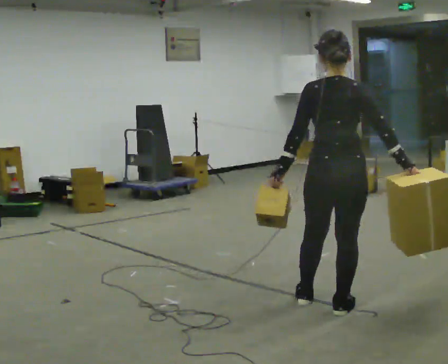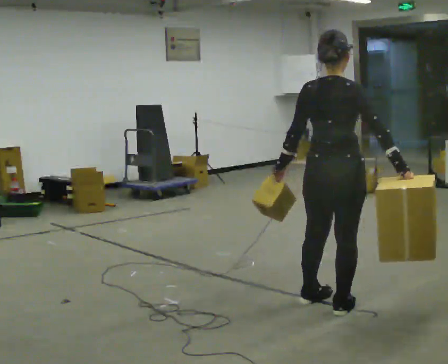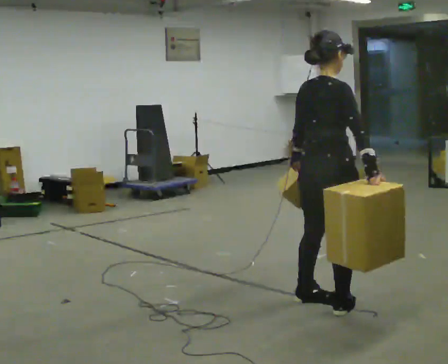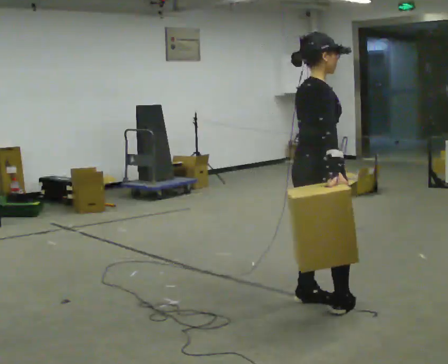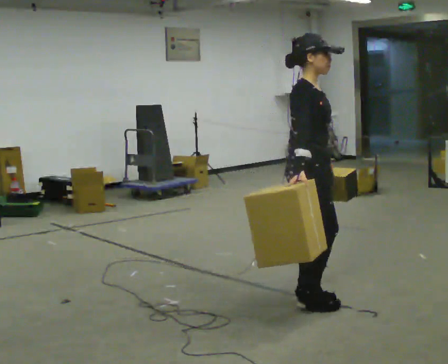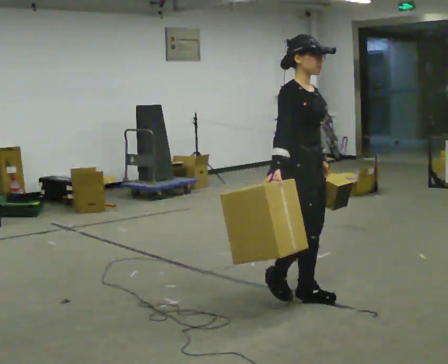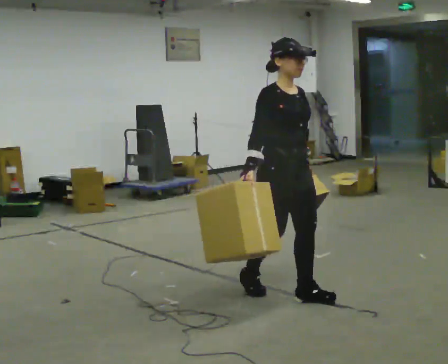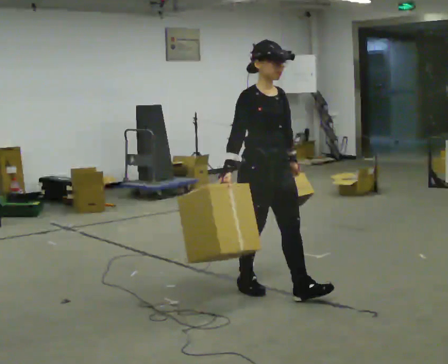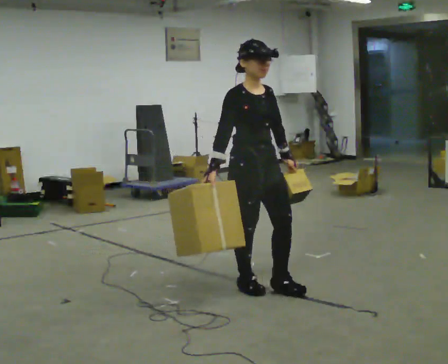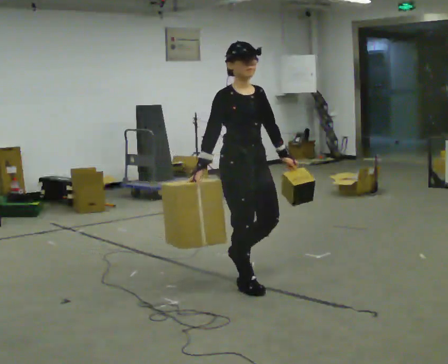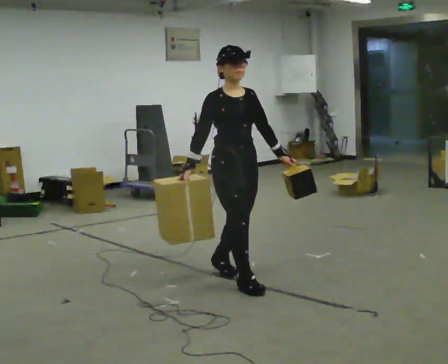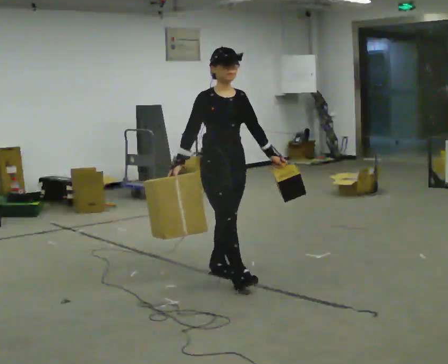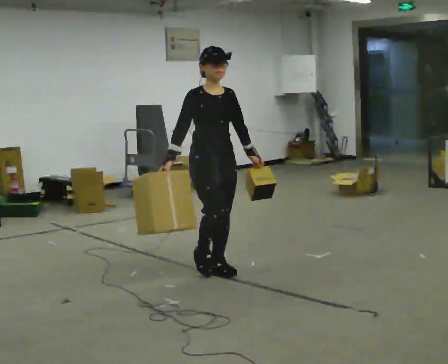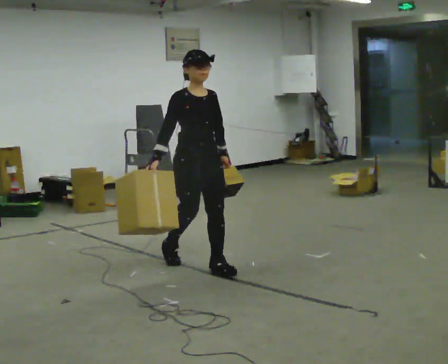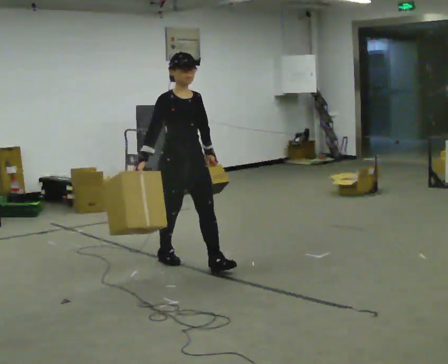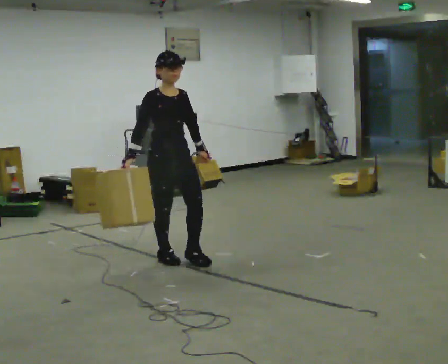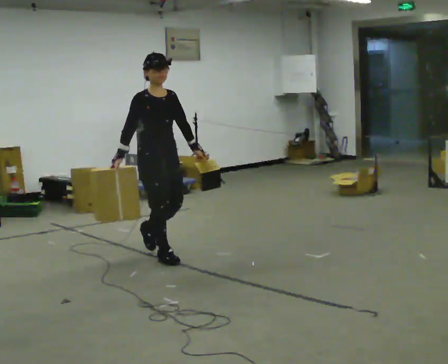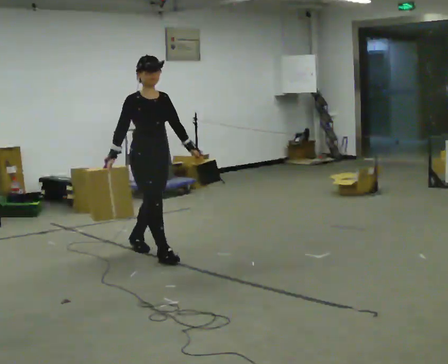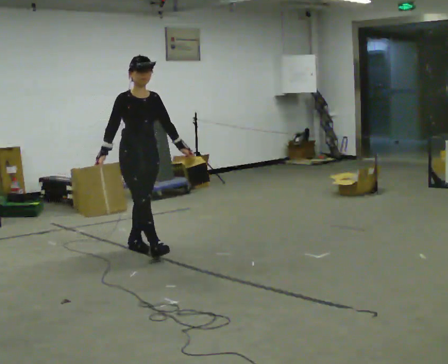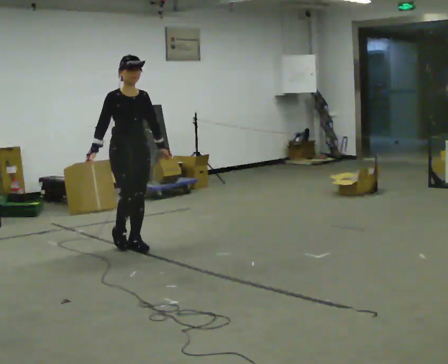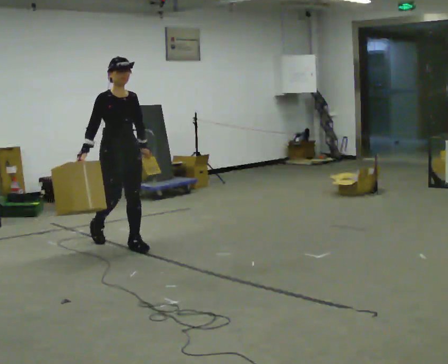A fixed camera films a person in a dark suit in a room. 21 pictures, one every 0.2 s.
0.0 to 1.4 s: The part of the body nearest the lens slides to the left as the person turns to their right by about 135 degrees. In the picture they go away from the camera and to the left, about 0.5 m in 1 step.
1.4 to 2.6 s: In the picture they go away from the camera and to the left, about 1 m in 2 steps, which for them is backward.
2.6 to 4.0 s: In the picture they go away from the camera and to the left, about 1 m in 2 steps, which for them is backward.
The film runs backward here.
